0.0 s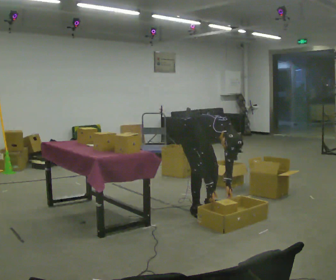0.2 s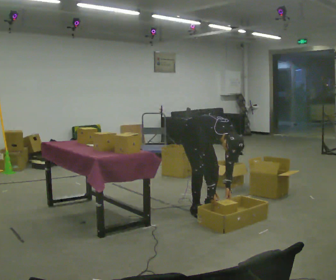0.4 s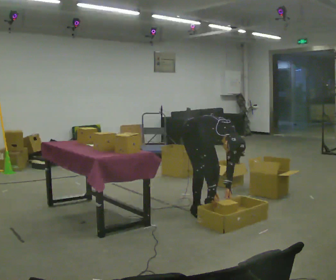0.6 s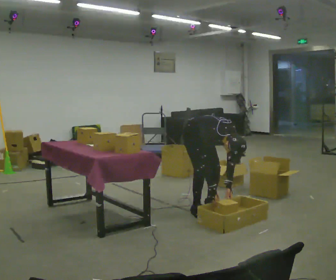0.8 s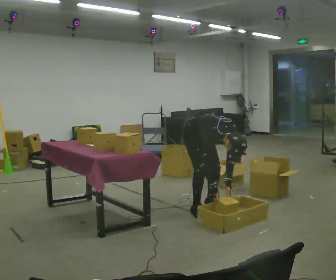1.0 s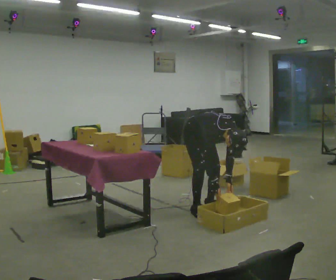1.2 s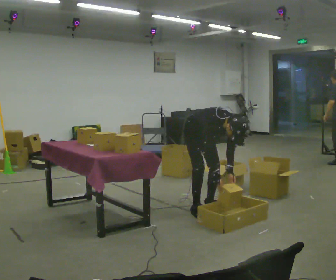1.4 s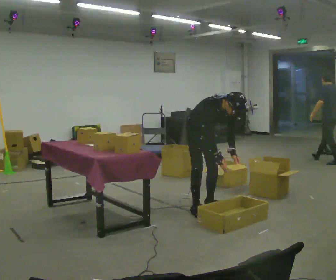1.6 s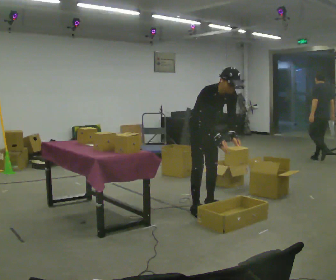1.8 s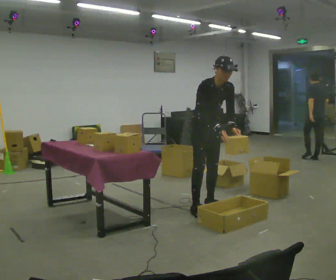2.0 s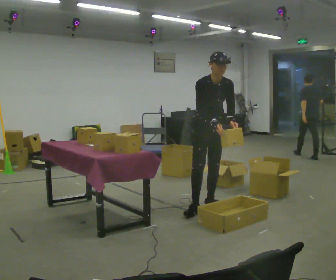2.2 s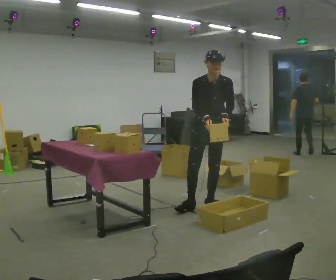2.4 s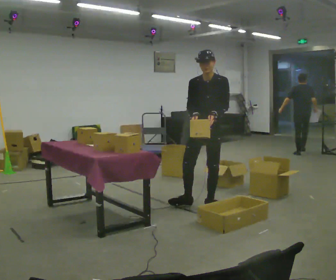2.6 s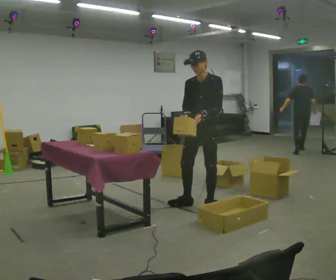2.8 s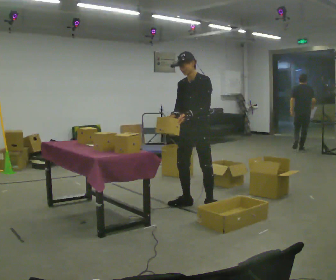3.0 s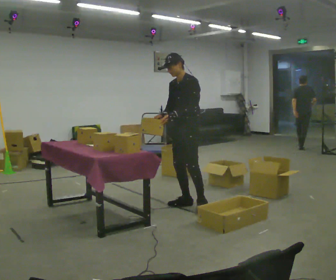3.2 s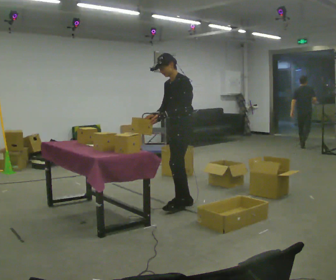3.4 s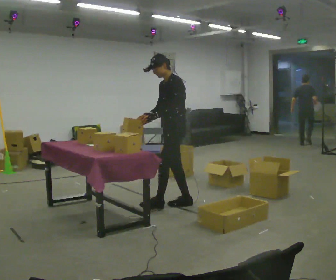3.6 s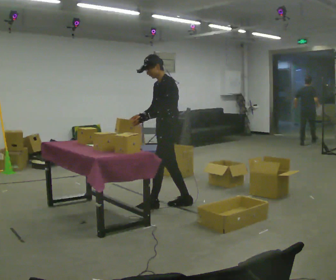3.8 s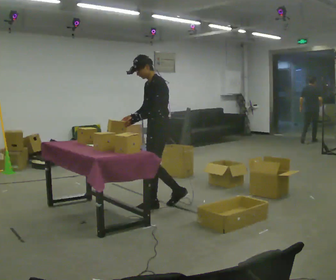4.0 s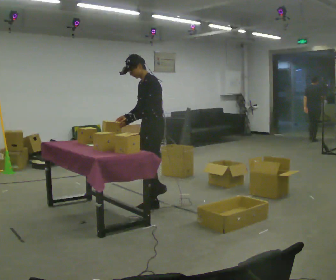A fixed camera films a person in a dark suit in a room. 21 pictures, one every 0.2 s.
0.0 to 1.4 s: The shoulders move upward. The upper body tips away from the camera, its near side rolling upward, as they lean back or straighten. In the picture their right hand goes upward.
1.4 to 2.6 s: The part of the body nearest the lens slides to the left as the person turns to their right by about 60 degrees. The shoulders move upward. The upper body tips away from the camera, its near side rolling upward, as they lean back or straighten. In the picture their left hand goes upward and to the left.
2.6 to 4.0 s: The part of the body nearest the lens slides to the left as the person turns to their right by about 45 degrees. In the picture they go to the left, about 0.5 m in 1 step, which for them is forward and to their right.
The film runs forward here.
